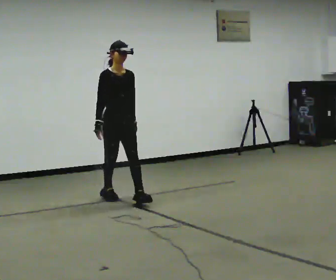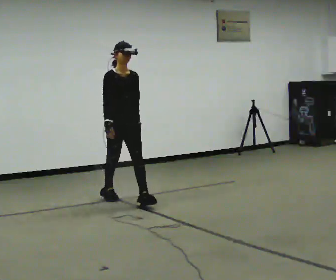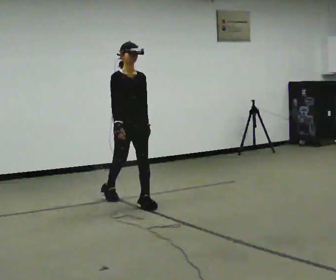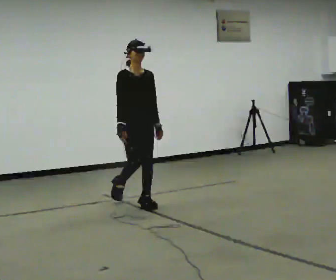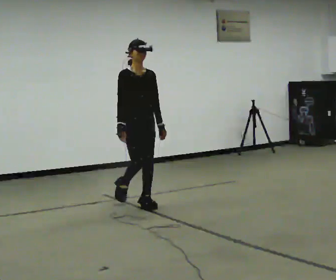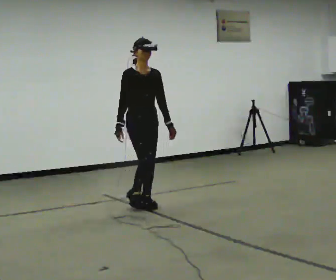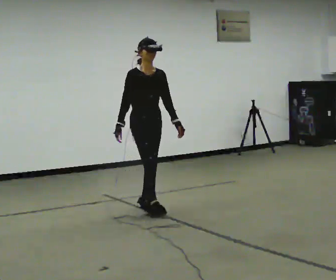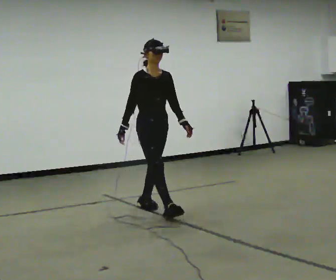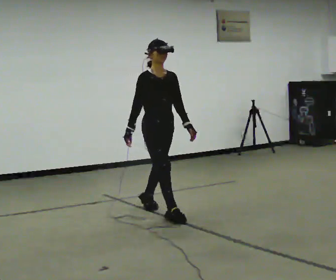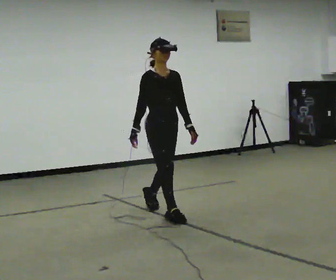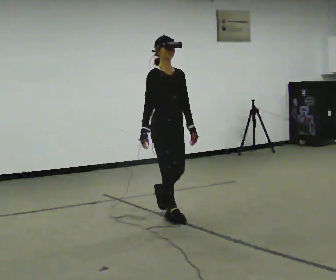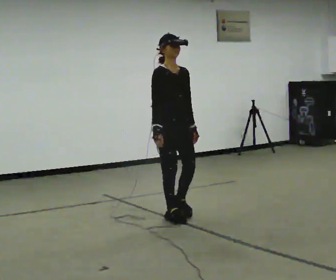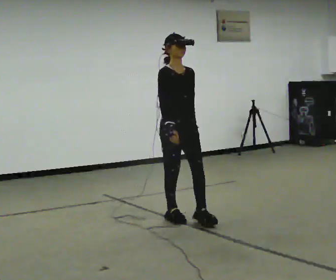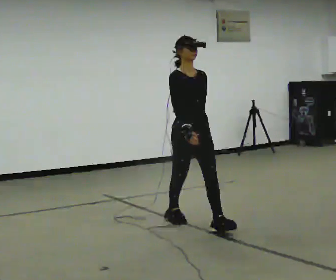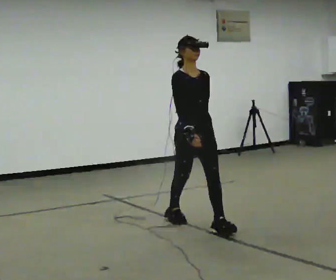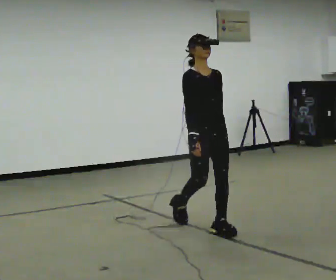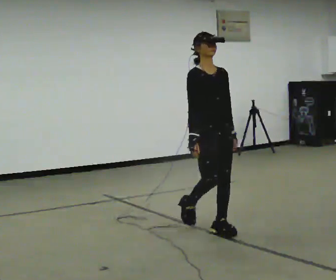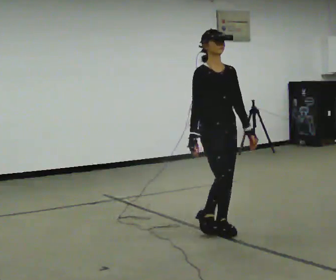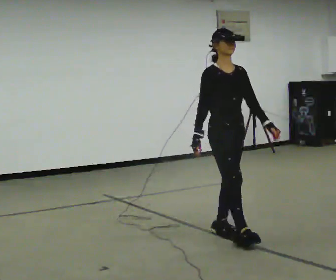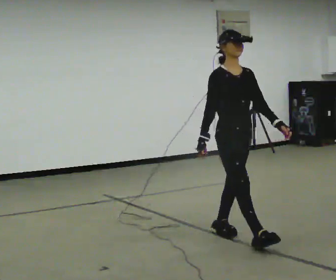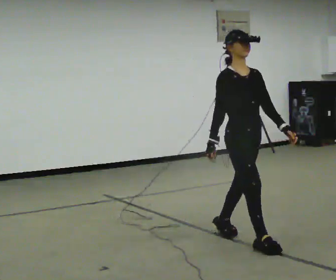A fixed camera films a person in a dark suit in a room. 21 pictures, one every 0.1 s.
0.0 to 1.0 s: In the picture they go toward the camera and to the right, about 1 m in 2 steps, which for them is forward.
1.0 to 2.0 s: In the picture they go toward the camera and to the right, about 1 m in 2 steps, which for them is forward.
The film runs forward here.
